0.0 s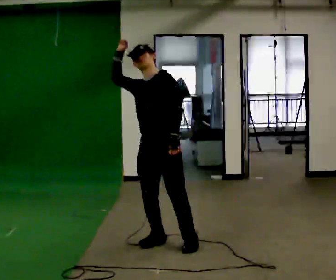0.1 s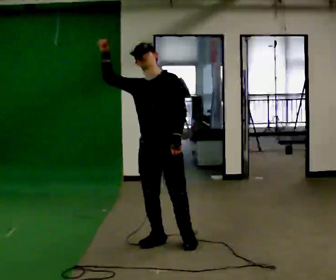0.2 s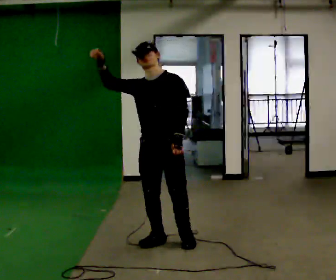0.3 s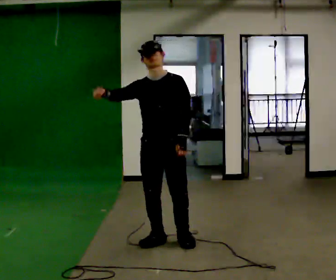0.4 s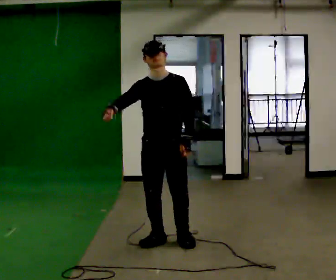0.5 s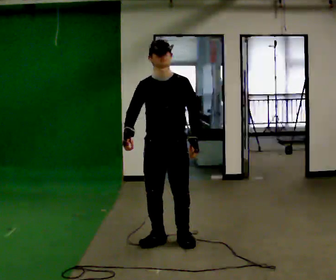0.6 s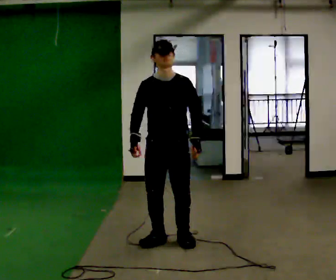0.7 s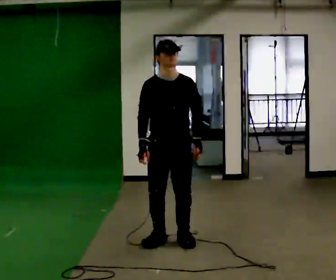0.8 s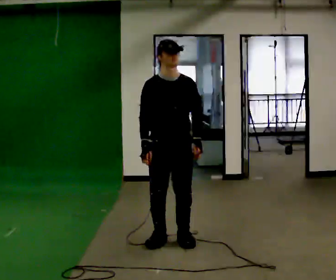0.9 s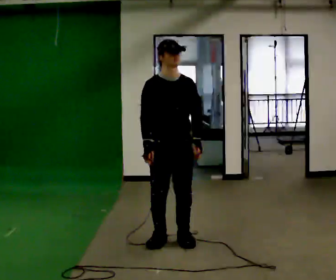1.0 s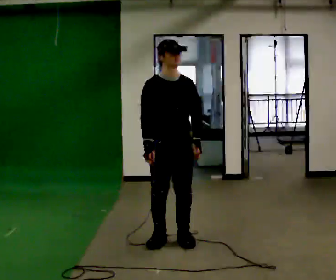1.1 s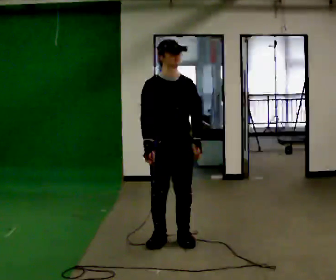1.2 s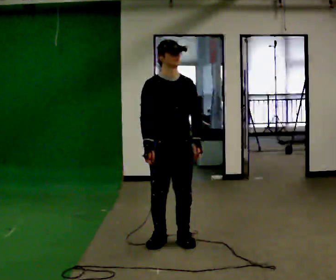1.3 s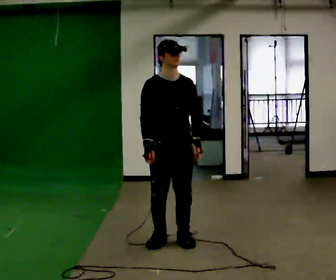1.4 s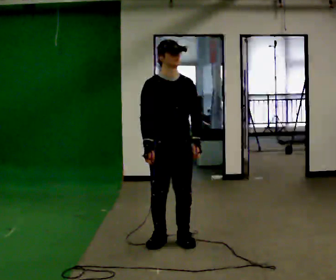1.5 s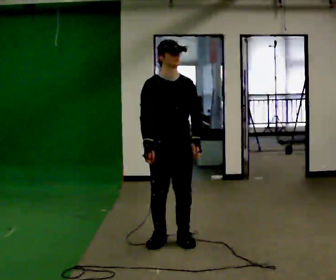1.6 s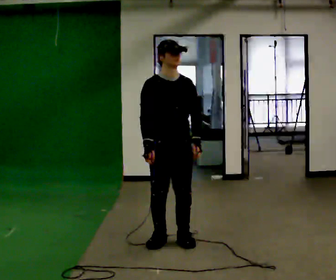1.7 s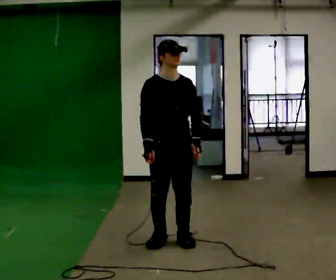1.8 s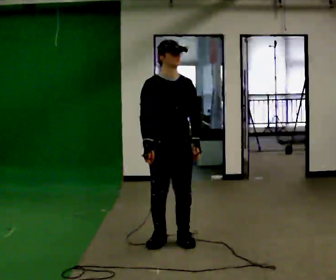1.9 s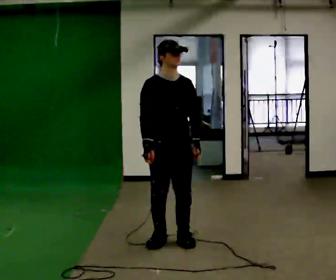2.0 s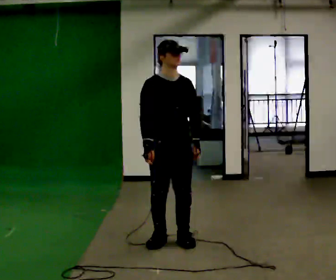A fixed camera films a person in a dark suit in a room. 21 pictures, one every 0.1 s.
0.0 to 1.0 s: The part of the body nearest the lens slides to the right as the person turns to their left by about 45 degrees. In the picture their right hand goes downward, the arm swinging counterclockwise.
1.0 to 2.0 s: The person moves a little, or ends about where they began.
The film runs backward here.
